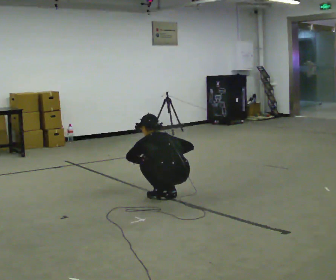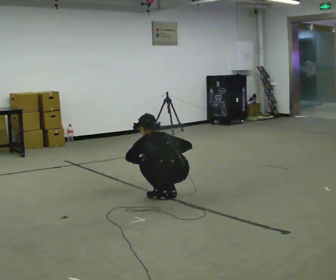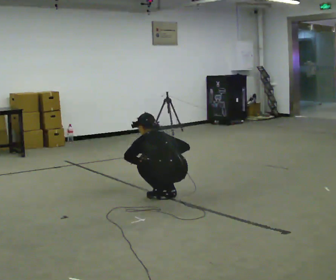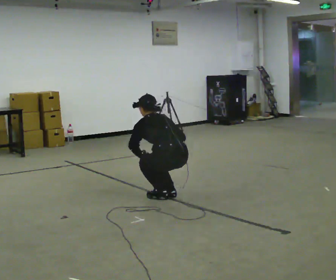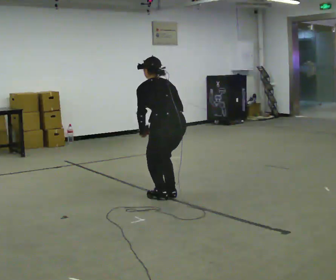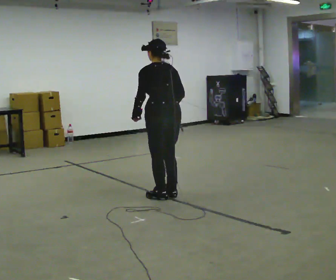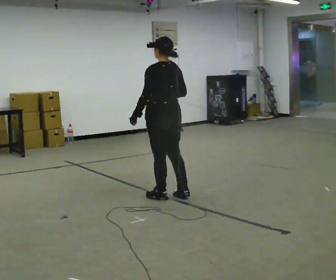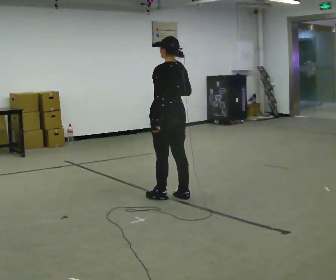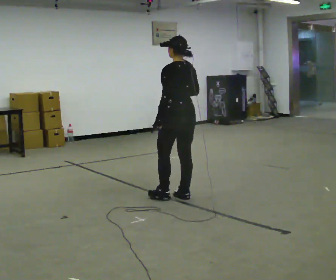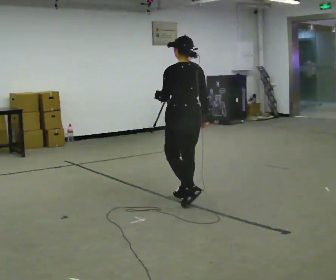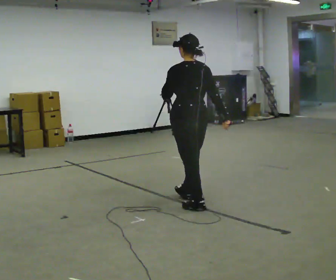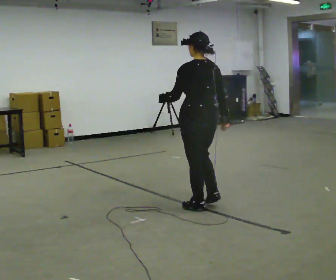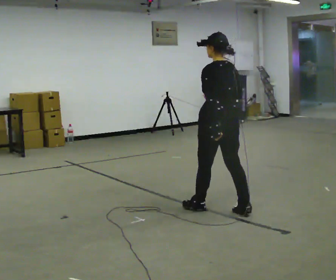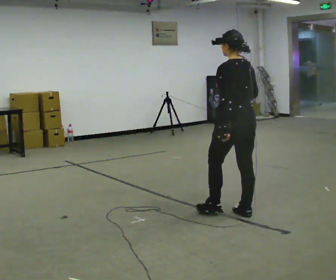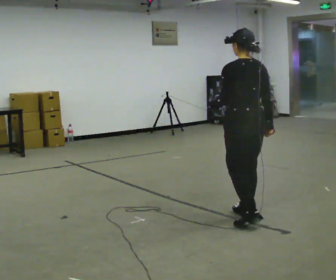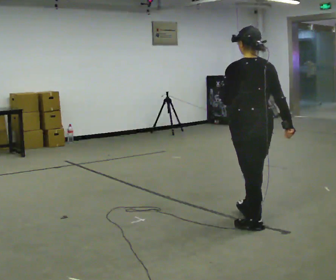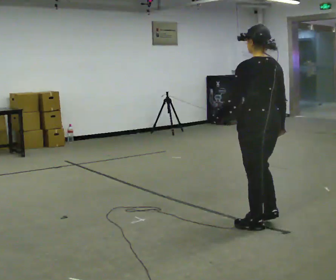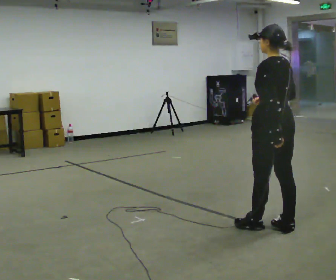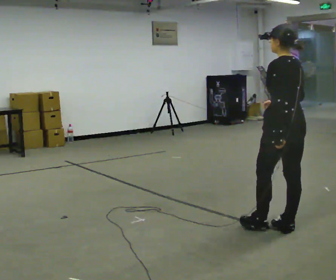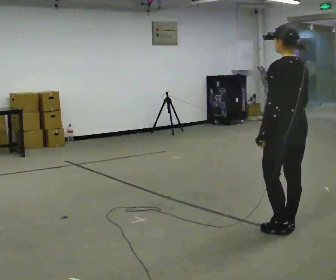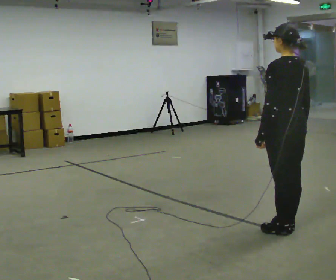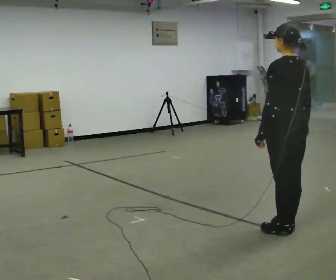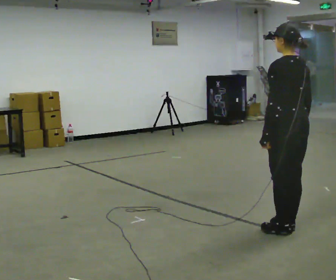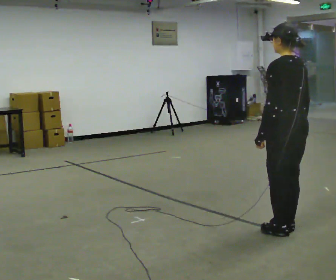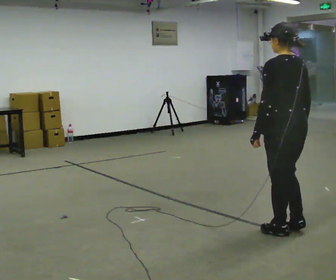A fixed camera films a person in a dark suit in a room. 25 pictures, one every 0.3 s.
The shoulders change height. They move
upward.
0.0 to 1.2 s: The shoulders move upward. The upper body tips toward the camera, its near side rolling downward, as they lean back or straighten.
1.2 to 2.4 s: The upper body goes upward. The upper body tips toward the camera, its near side rolling downward, as they lean back or straighten. In the picture their right hand goes upward.
2.4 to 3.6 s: In the picture they go toward the camera and to the right, about 0.5 m in 1 step, which for them is backward.
3.6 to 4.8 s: In the picture they go toward the camera and to the right, about 0.5 m in 2 steps, which for them is backward.
4.8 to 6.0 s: In the picture they go to the right, about 0.25 m in 1 step, which for them is backward. In the picture their left hand goes to the right.
6.0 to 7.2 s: The person moves a little, or ends about where they began.
The film runs backward here.
